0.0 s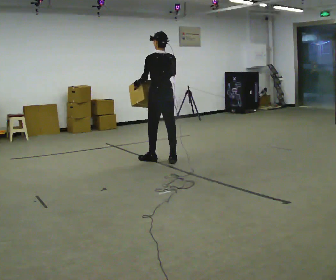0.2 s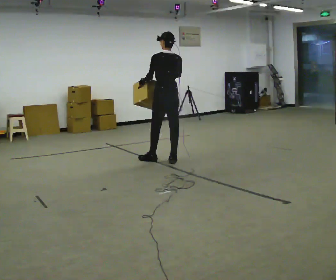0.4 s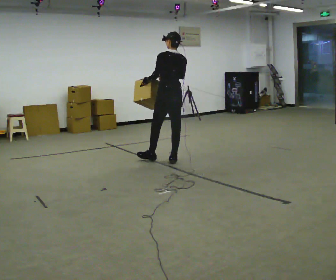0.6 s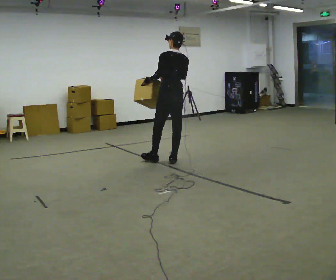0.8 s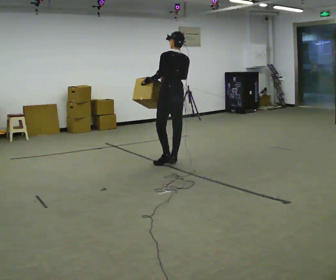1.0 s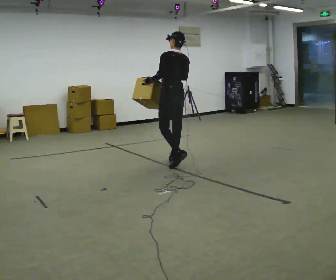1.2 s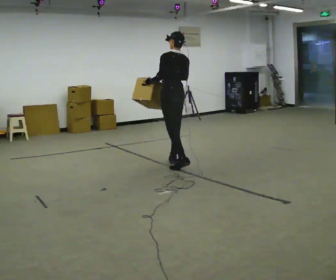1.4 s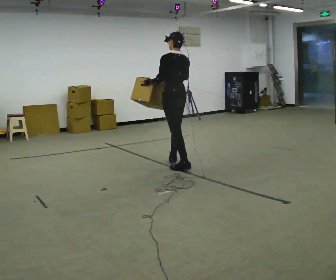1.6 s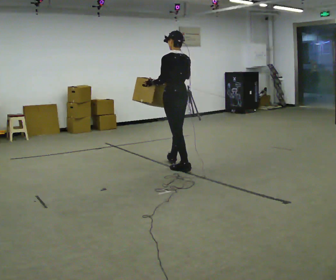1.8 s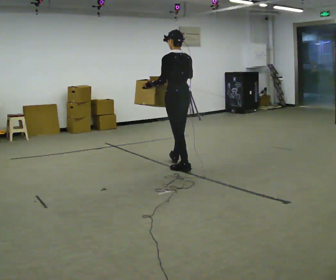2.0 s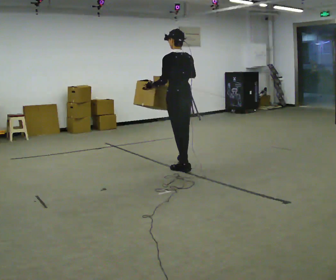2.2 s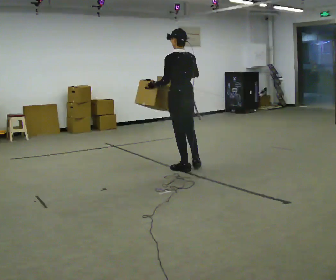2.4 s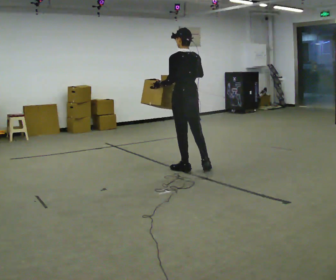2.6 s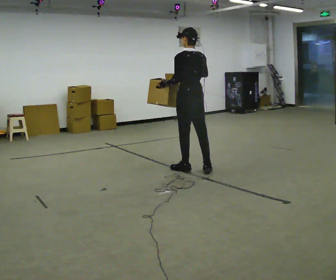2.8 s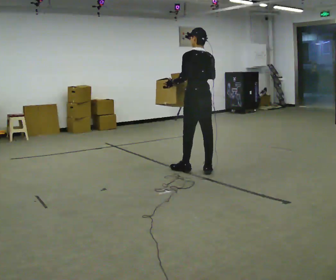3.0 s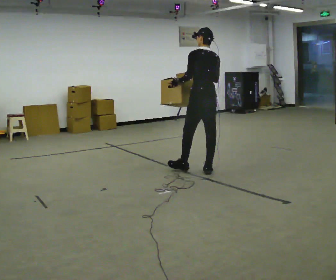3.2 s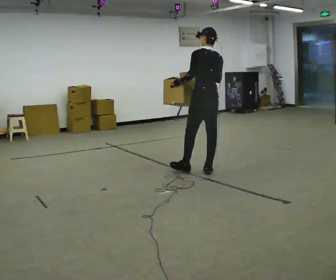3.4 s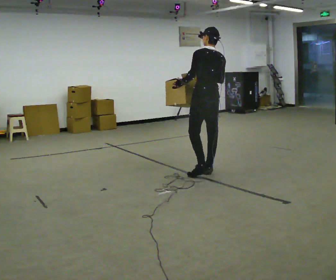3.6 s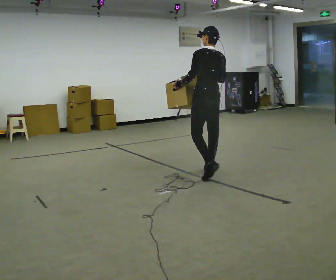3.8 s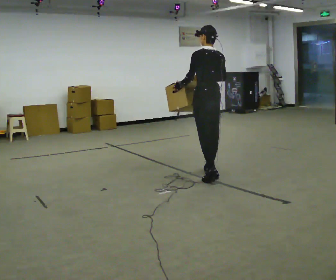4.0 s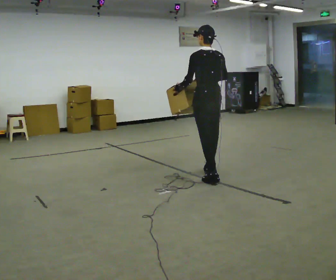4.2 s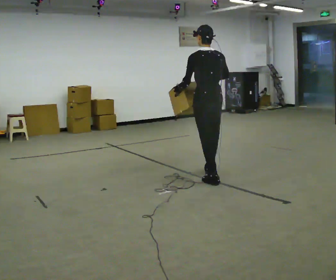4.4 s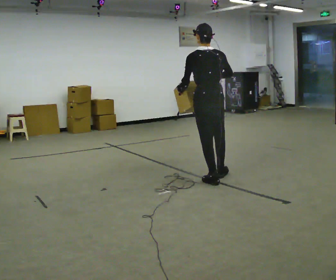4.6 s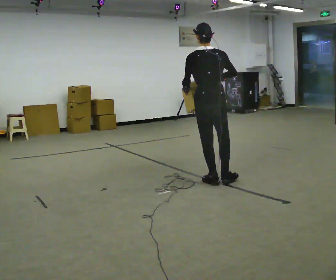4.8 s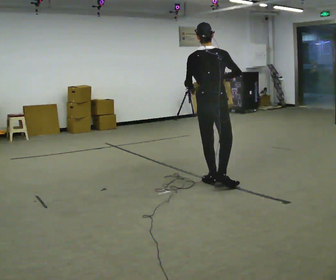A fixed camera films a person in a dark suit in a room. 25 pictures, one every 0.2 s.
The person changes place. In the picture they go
toward the camera.
0.0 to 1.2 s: In the picture they go toward the camera and to the right, about 0.25 m in 1 step, which for them is backward.
1.2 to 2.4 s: In the picture they go toward the camera and to the right, about 0.25 m in 1 step, which for them is backward.
2.4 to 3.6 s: In the picture they go to the right and toward the camera, about 0.25 m in 1 step, which for them is backward.
3.6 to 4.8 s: Seen from above the body turns clockwise, about 30 degrees: to their right, with its near side sliding to the left. In the picture they go toward the camera, about 0.25 m in 1 step, which for them is backward.
The film runs backward here.
